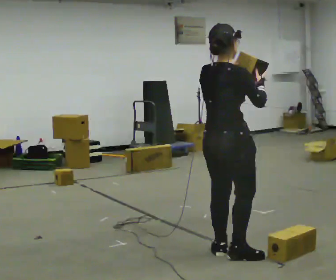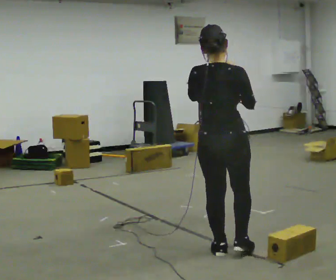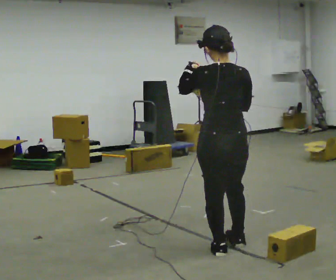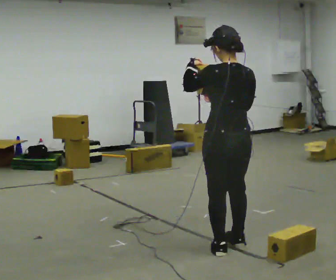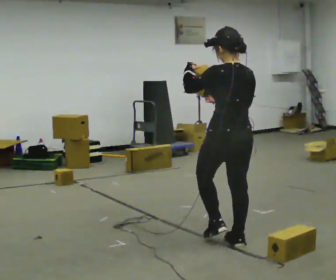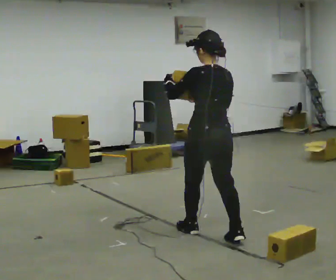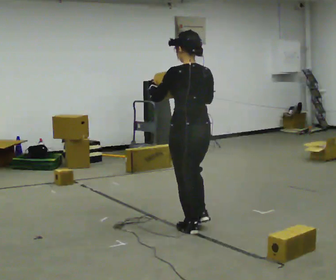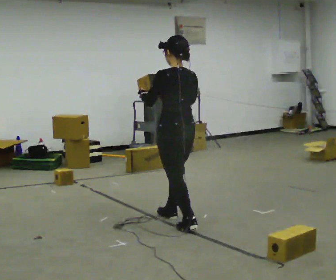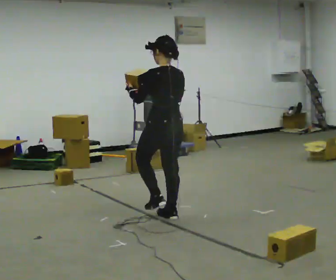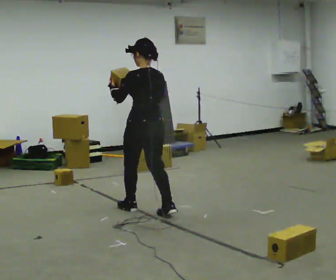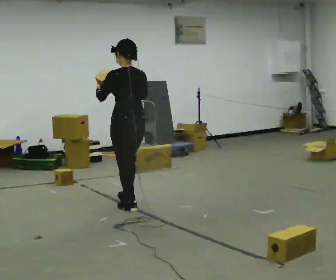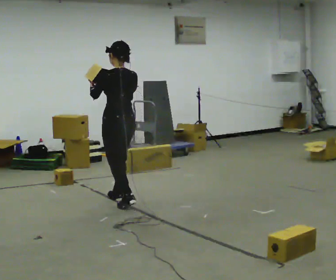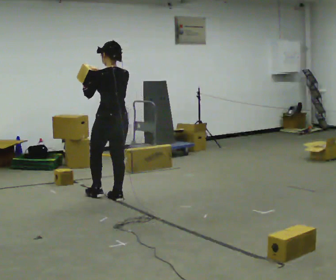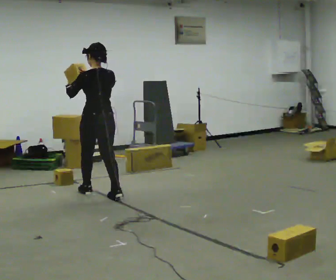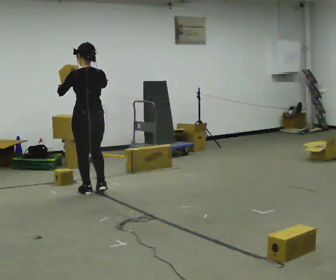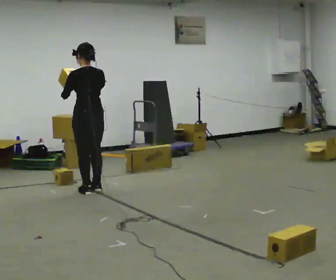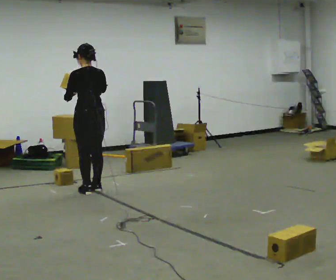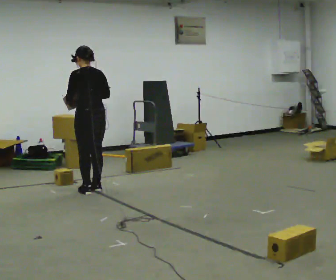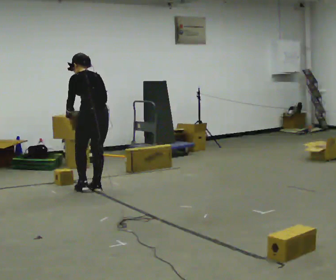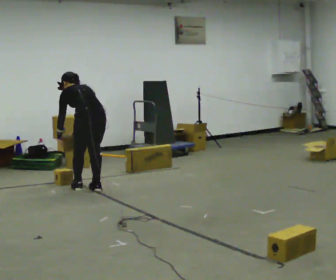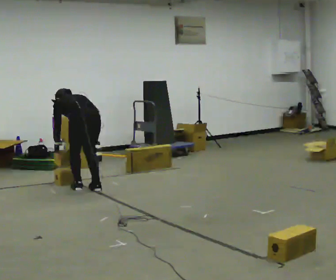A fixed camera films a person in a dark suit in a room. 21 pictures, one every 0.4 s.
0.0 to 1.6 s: The person turns about 75 degrees to their left, counterclockwise seen from above, so the part of the body nearest the lens slides to the right. In the picture they go away from the camera, about 0.25 m in 1 step.
1.6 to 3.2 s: In the picture they go away from the camera and to the left, about 1 m in 2 steps, which for them is forward.
3.2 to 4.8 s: In the picture they go away from the camera and to the left, about 1 m in 2 steps, which for them is forward.
4.8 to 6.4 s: In the picture they go away from the camera and to the left, about 0.5 m in 2 steps, which for them is forward.
6.4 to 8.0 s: The upper body goes downward. The upper body tips away from the camera, its near side rolling upward, as they bend forward. In the picture their right hand goes downward.
The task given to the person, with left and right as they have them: Carry the box and, while you are still walking, turn it so you can read the label, read it out loud, then carry on. Repeat with the next box. Do not stop to read it.
The film runs forward here.
